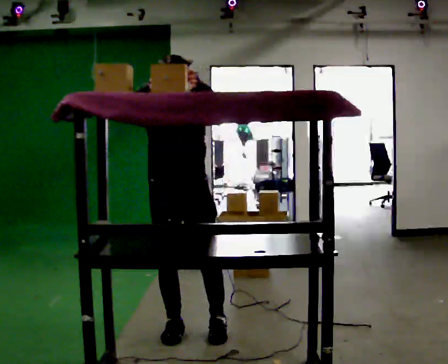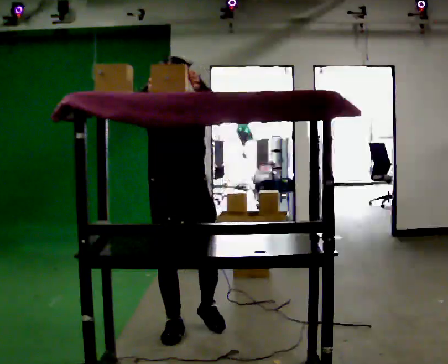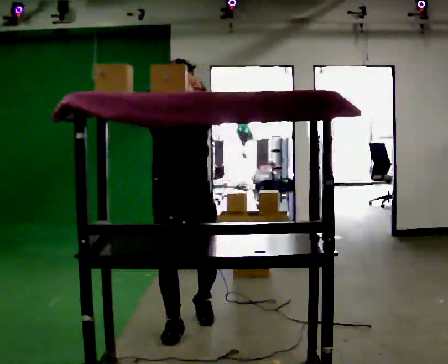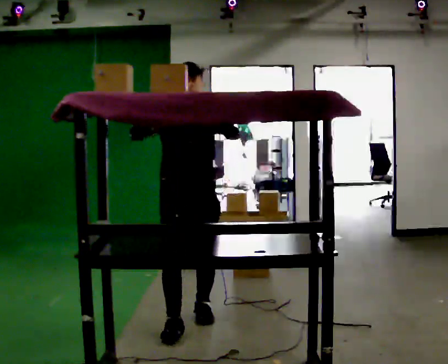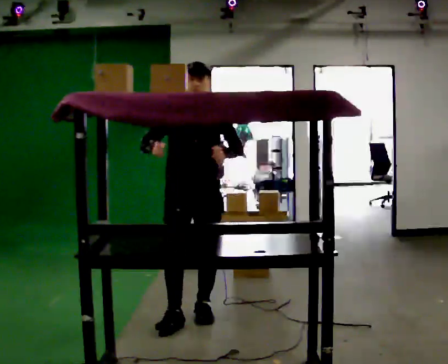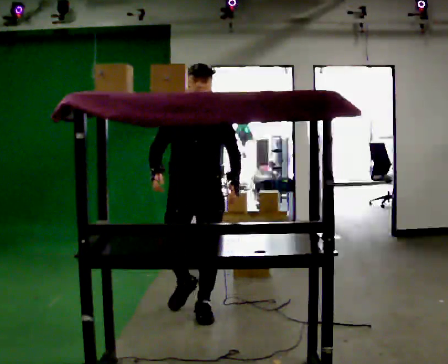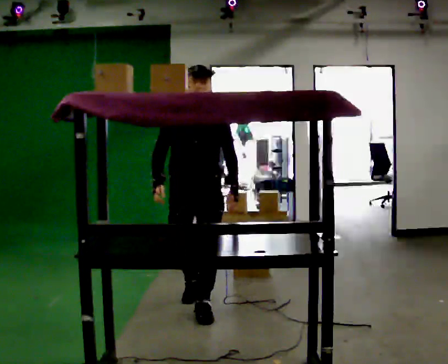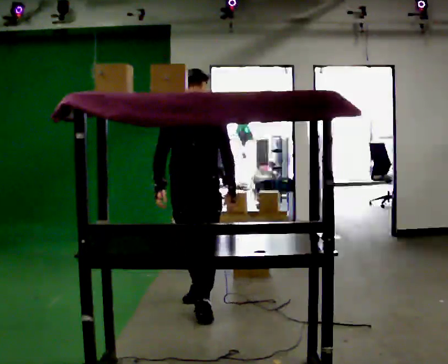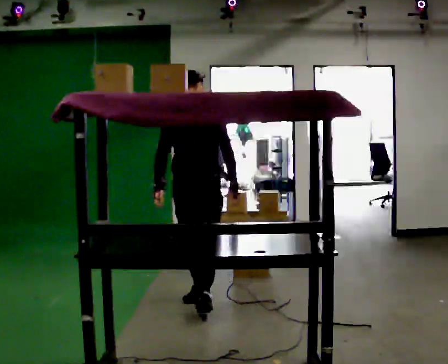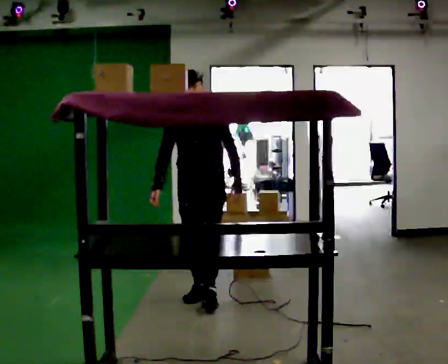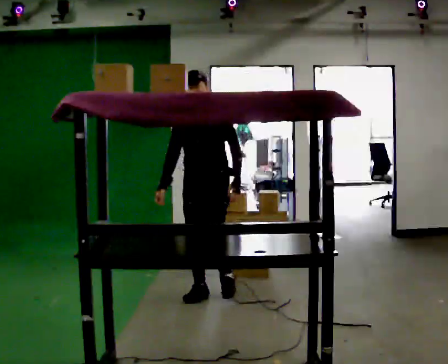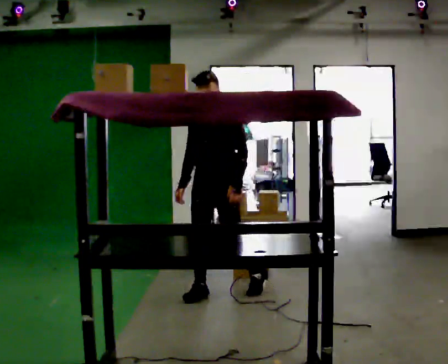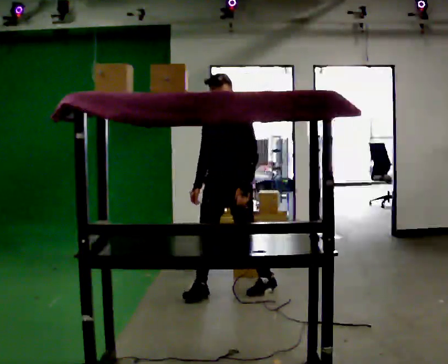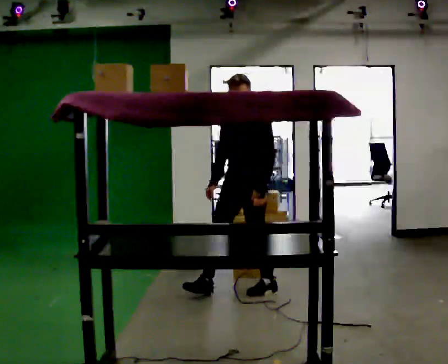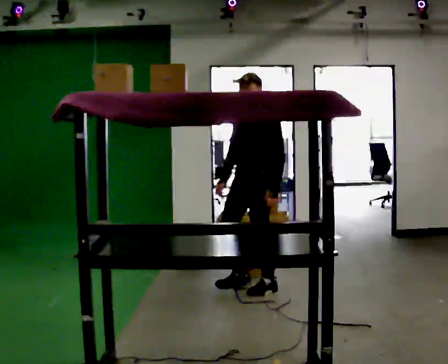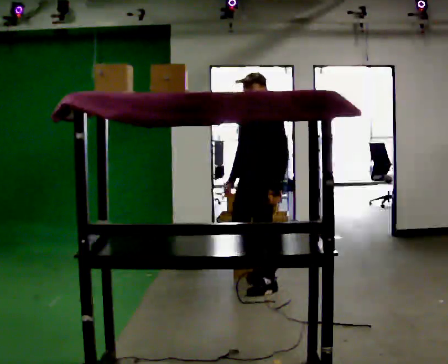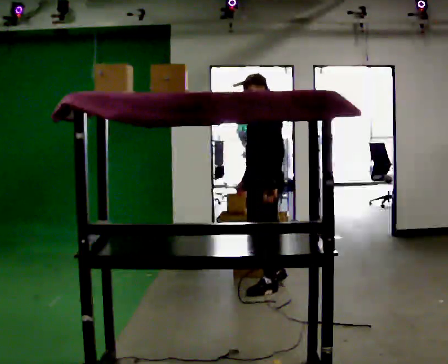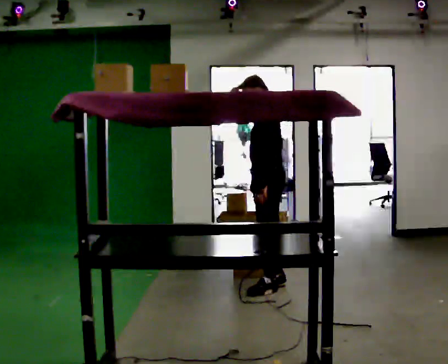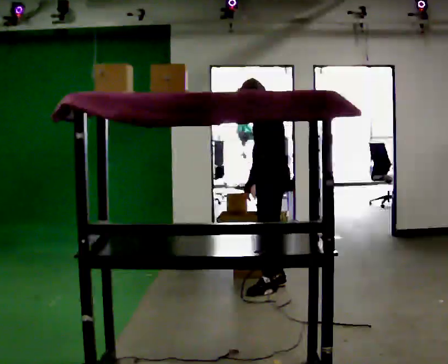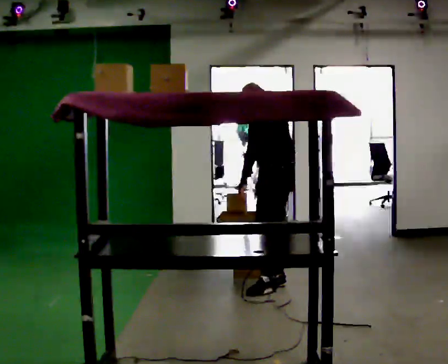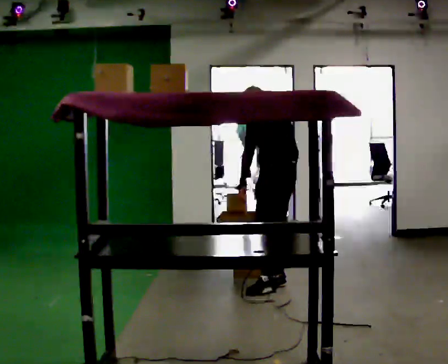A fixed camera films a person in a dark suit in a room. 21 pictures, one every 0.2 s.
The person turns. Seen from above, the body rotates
clockwise.
The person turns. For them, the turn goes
to their right.
0.0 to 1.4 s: In the picture they go away from the camera, about 0.75 m in 2 steps, which for them is backward. In the picture their left hand goes downward.
1.4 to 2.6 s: The person turns about 30 degrees to their right, clockwise seen from above, so the part of the body nearest the lens slides to the left. In the picture they go to the right and away from the camera, about 0.5 m in 2 steps, which for them is backward.
2.6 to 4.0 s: The part of the body nearest the lens slides to the left as the person turns to their right by about 75 degrees. In the picture they go to the right and away from the camera, about 0.25 m.
The film runs backward here.
